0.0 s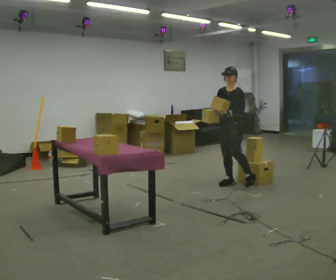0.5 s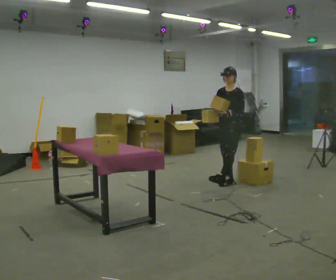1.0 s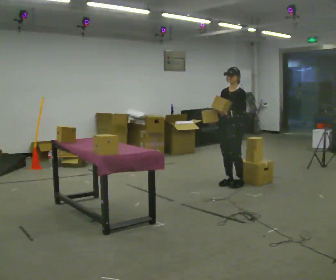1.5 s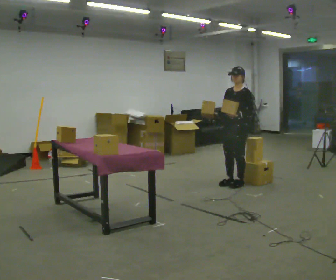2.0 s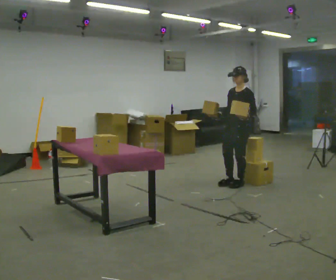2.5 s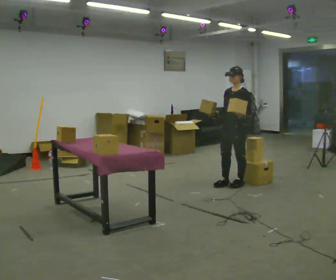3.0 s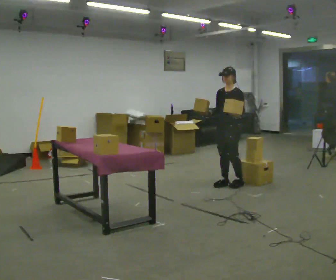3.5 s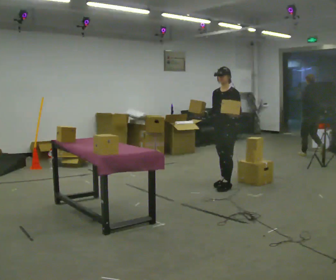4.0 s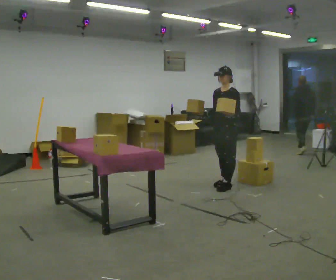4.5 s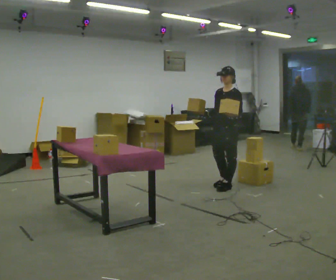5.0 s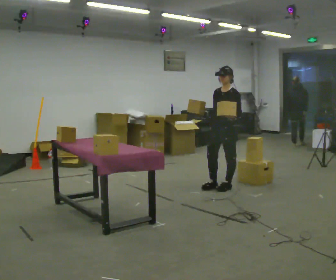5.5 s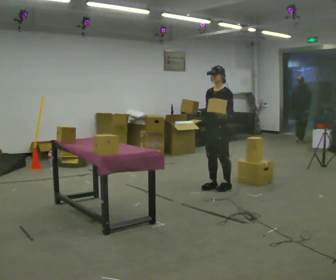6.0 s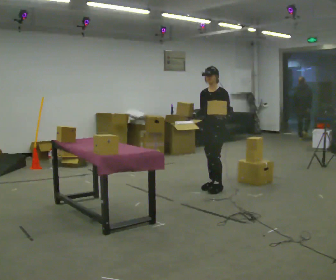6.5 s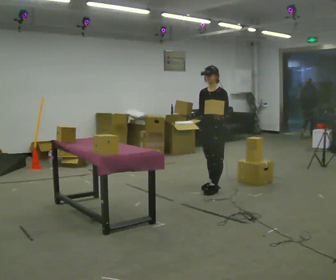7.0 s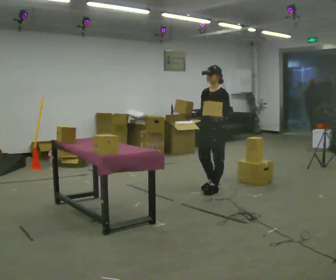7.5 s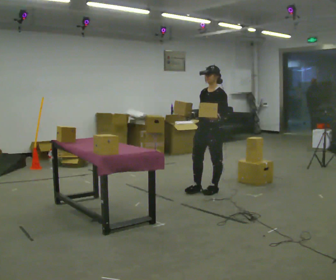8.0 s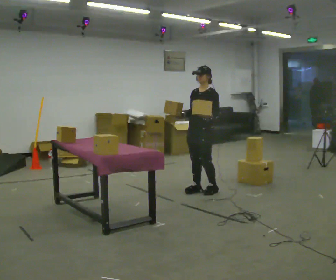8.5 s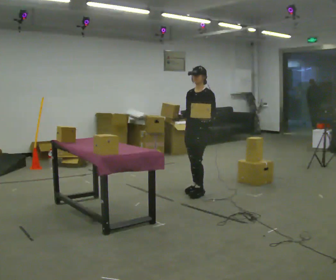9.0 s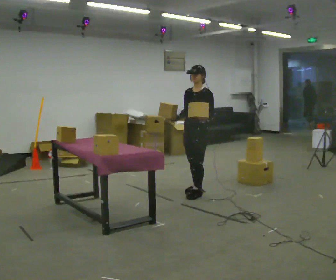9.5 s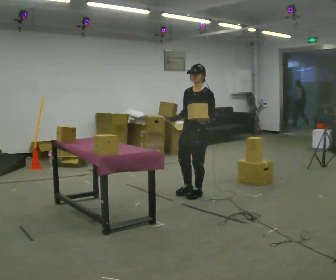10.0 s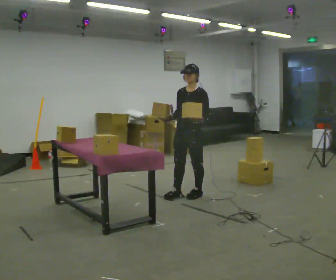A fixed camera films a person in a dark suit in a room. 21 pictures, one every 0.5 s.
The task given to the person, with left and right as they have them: Pick up both objects, carry them together, then put each one in a different place. Keep going until the operator says stop; one object at a time, and do not rush between trips.
0.0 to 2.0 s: The person moves a little, or ends about where they began.
2.0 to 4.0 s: In the picture they go to the left, about 0.25 m in 1 step, which for them is forward.
4.0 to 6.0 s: In the picture they go to the left, about 0.25 m in 1 step, which for them is forward.
6.0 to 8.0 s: In the picture they go to the left and toward the camera, about 0.25 m in 2 steps, which for them is forward.
8.0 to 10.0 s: In the picture they go toward the camera and to the left, about 0.25 m in 2 steps, which for them is forward.
The film runs forward here.
